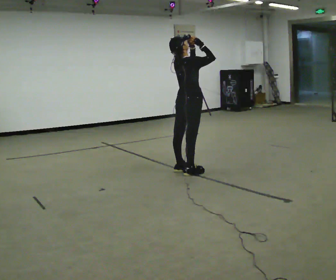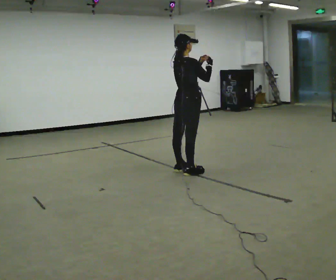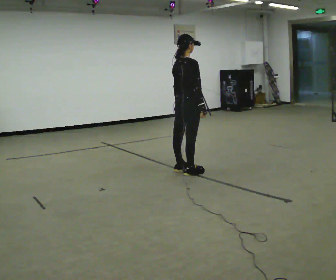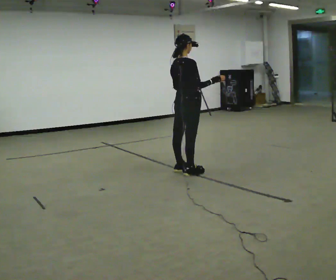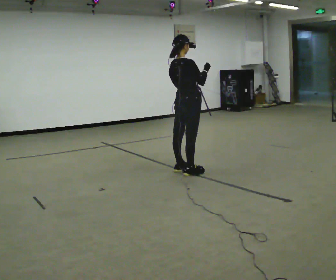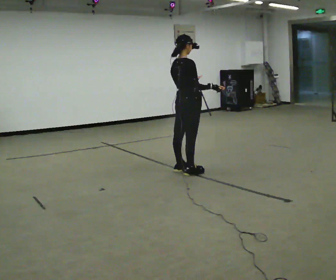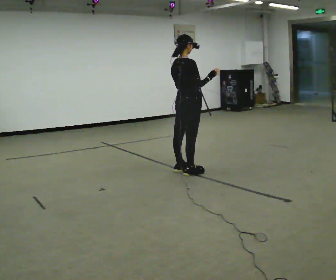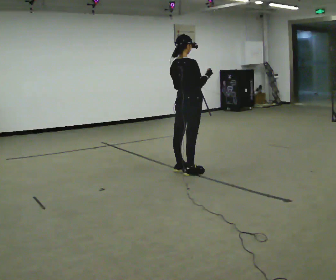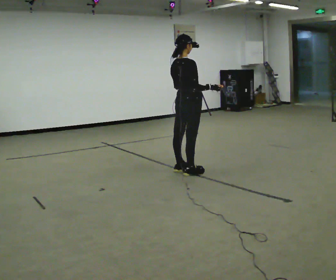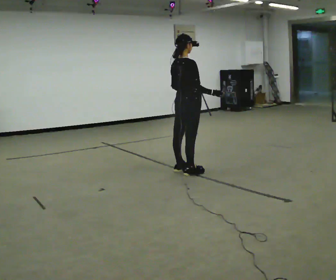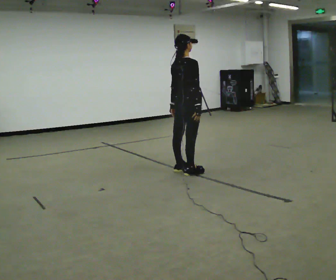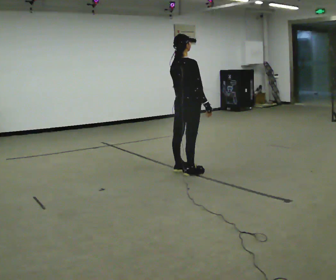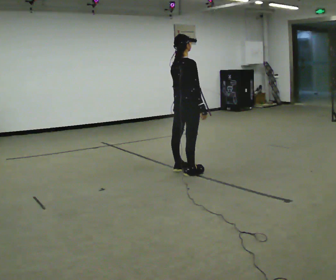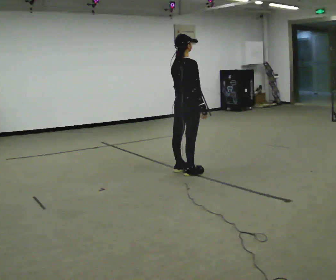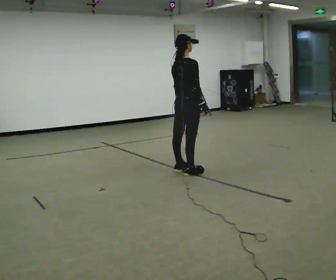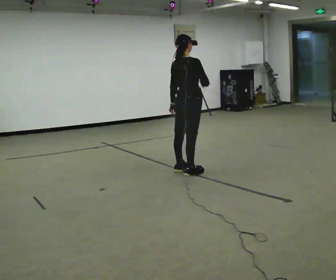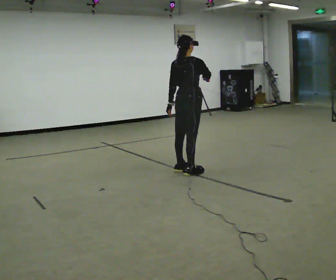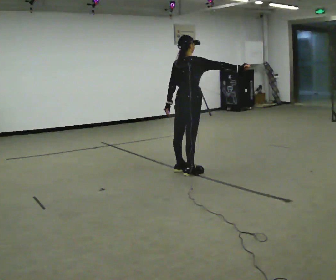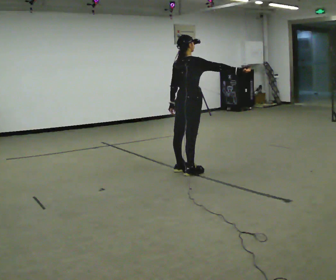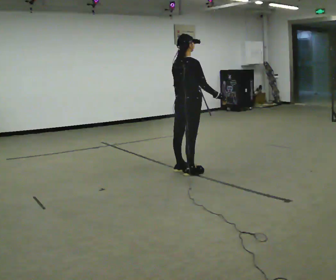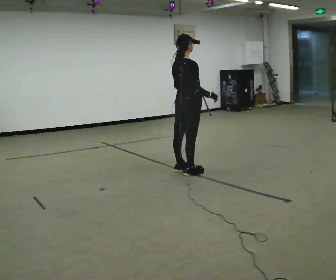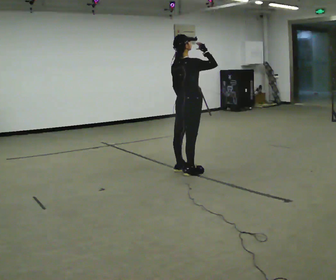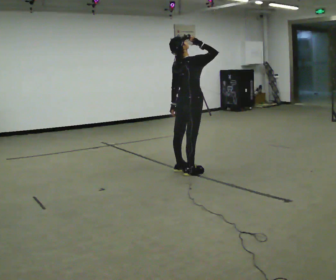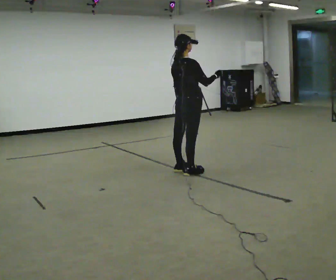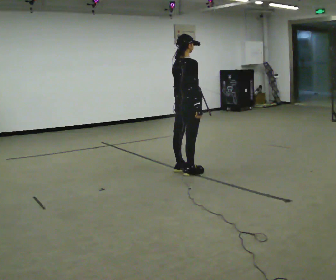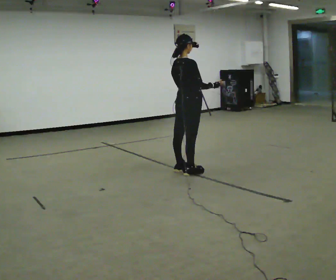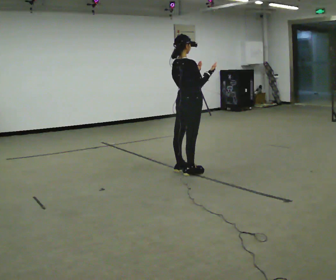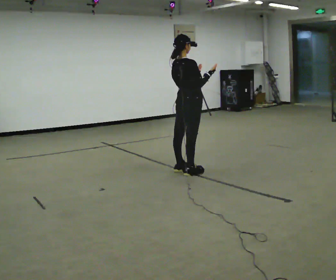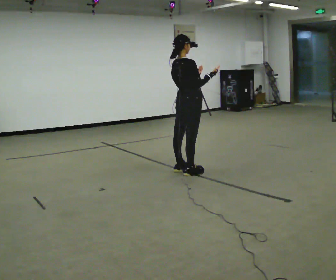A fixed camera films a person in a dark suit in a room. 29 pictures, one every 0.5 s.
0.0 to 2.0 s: In the picture their left hand goes downward.
2.0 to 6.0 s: In the picture their right hand goes downward.
6.0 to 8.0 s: In the picture their right hand goes upward.
8.0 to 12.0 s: In the picture their right hand goes downward.
12.0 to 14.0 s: In the picture their right hand goes upward, the arm swinging counterclockwise.
The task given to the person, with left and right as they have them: Act out everyday actions without any objects, as in charades: opening a door, drinking, reading, brushing your hair. Repeat the movement at your own pace until the operator says stop; do not rush.
The film runs forward here.
